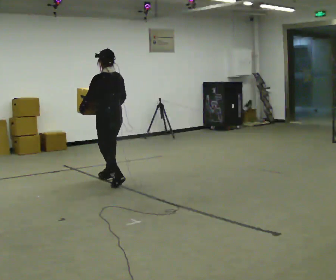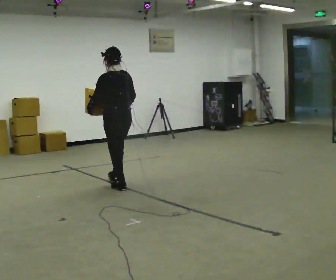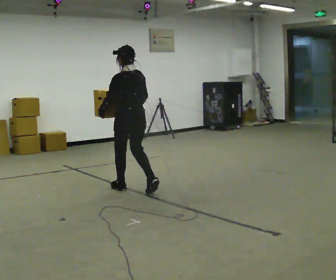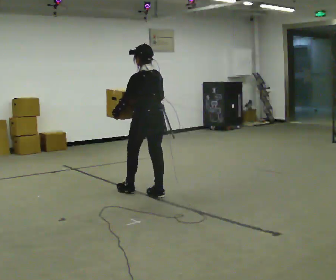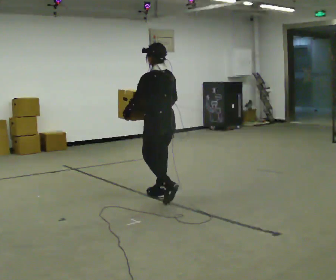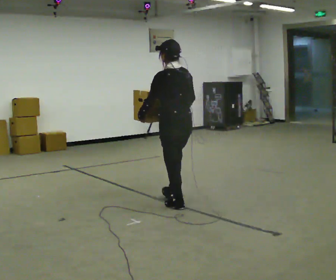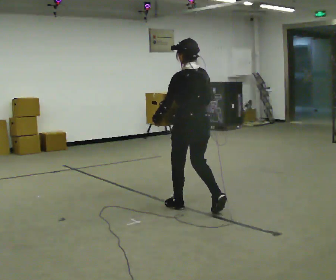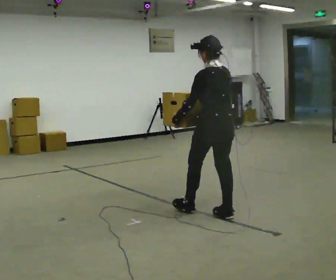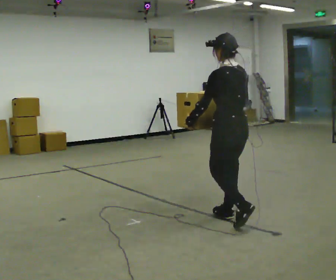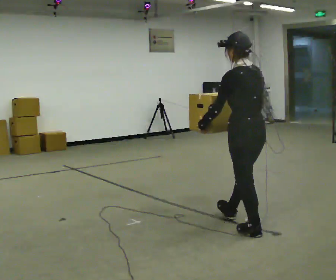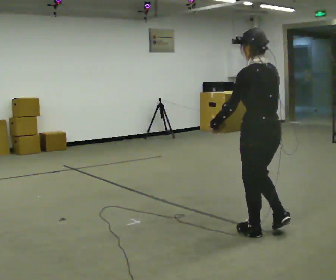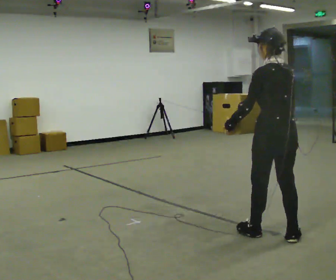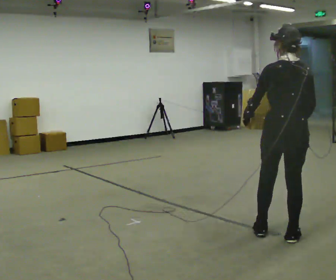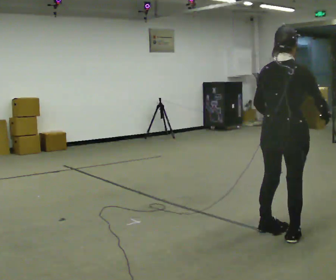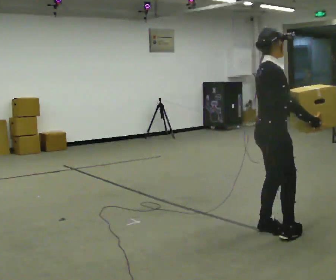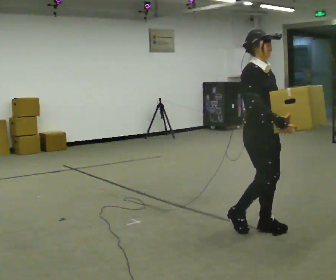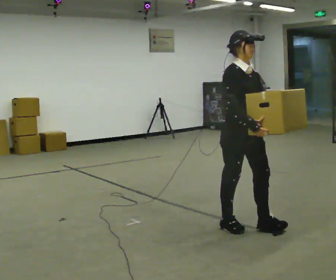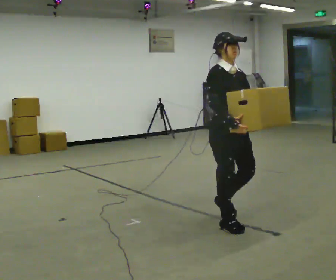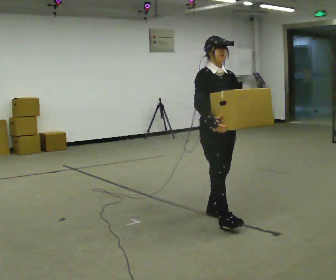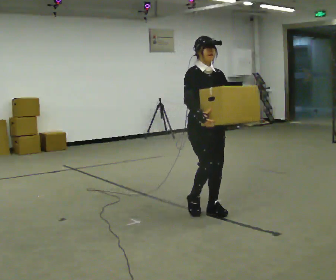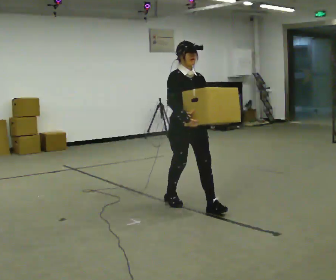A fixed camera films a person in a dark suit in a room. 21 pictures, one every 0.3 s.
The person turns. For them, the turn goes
to their right.
The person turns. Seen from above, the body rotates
clockwise.
0.0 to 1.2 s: In the picture they go to the right and toward the camera, about 1 m in 2 steps, which for them is backward.
1.2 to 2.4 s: In the picture they go to the right and toward the camera, about 1 m in 2 steps, which for them is backward.
2.4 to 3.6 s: The person turns about 30 degrees to their right, clockwise seen from above, so the part of the body nearest the lens slides to the left. In the picture they go toward the camera and to the right, about 0.75 m in 1 step, which for them is backward.
3.6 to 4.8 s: The person turns about 150 degrees to their right, clockwise seen from above, so the part of the body nearest the lens slides to the left. In the picture they go to the left and away from the camera, about 0.5 m in 1 step.
4.8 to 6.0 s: In the picture they go away from the camera and to the left, about 1 m in 2 steps, which for them is backward.
The film runs backward here.
